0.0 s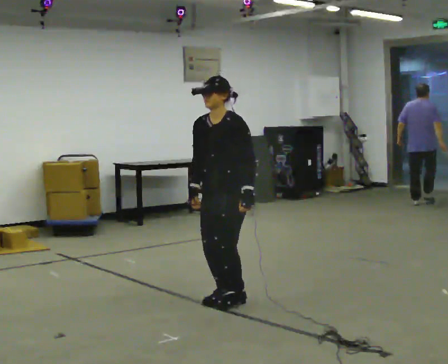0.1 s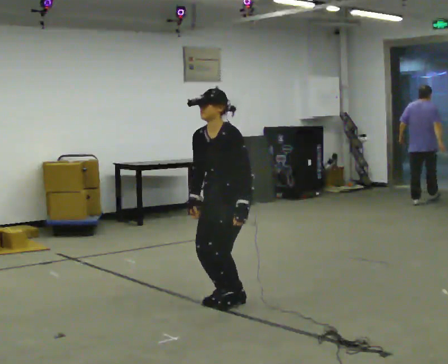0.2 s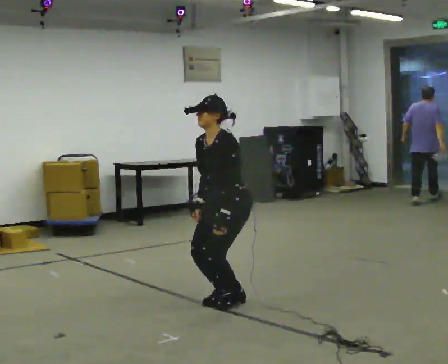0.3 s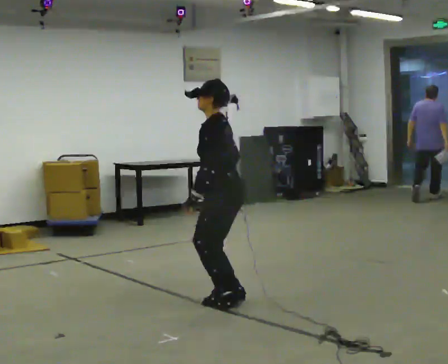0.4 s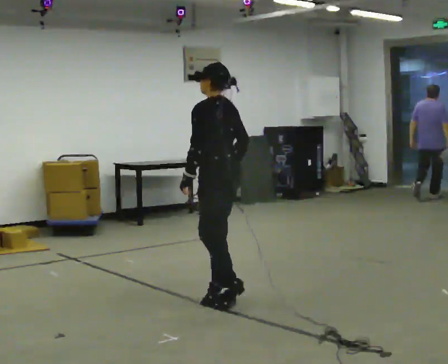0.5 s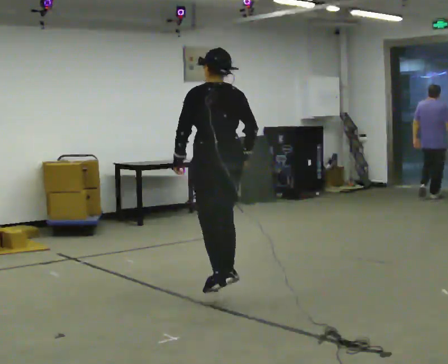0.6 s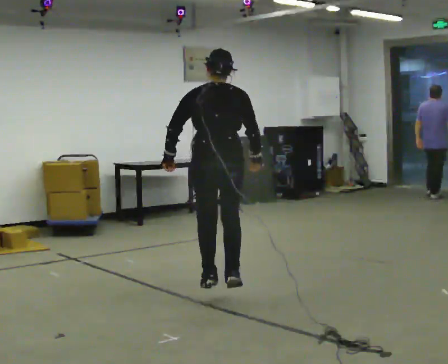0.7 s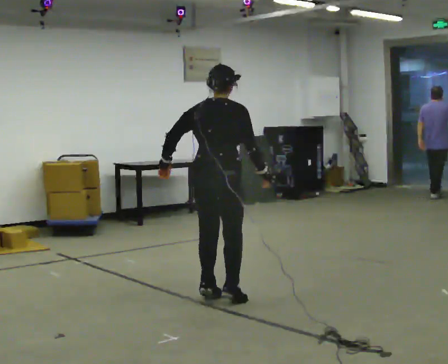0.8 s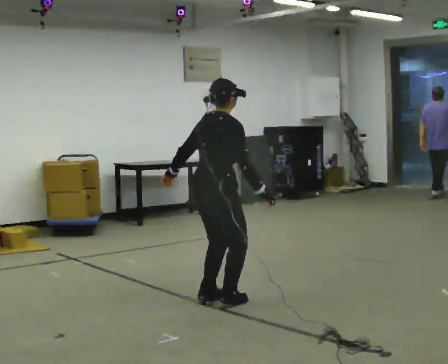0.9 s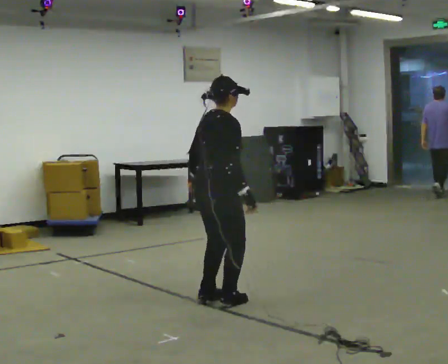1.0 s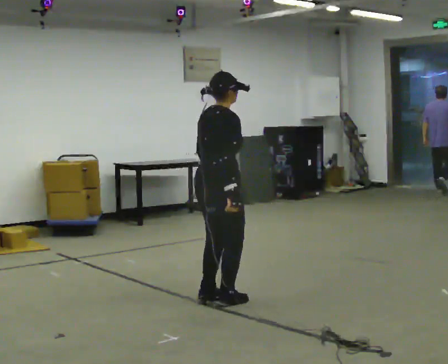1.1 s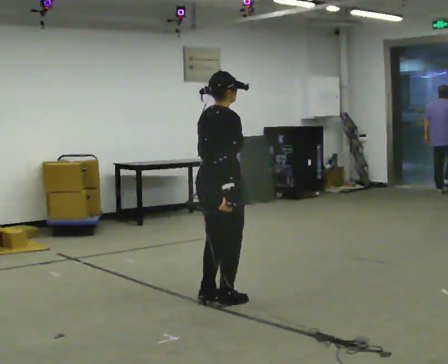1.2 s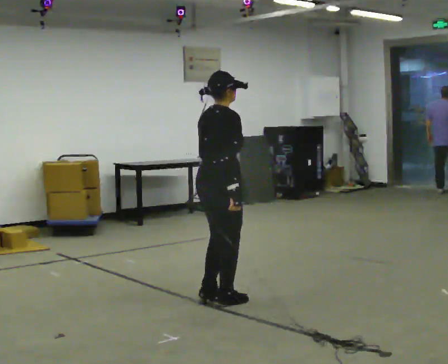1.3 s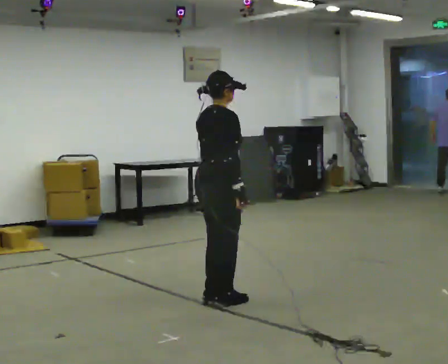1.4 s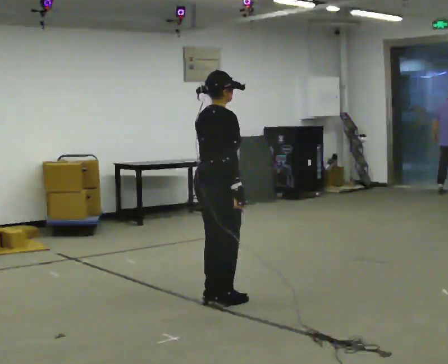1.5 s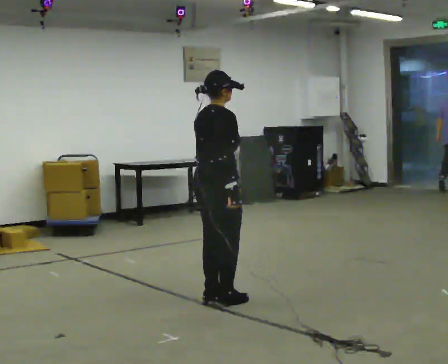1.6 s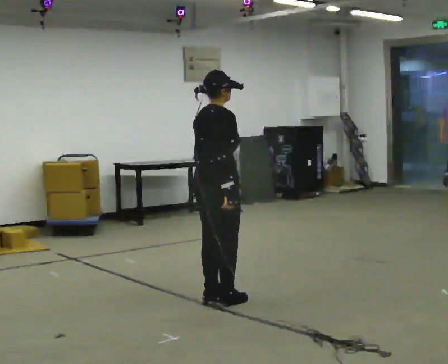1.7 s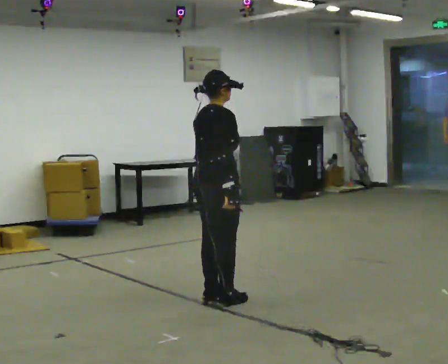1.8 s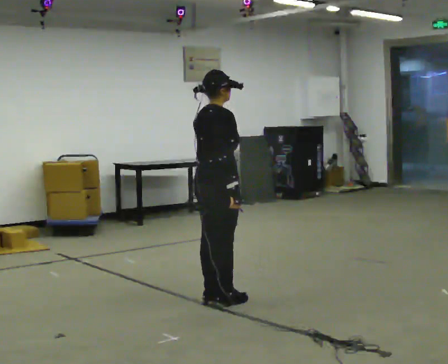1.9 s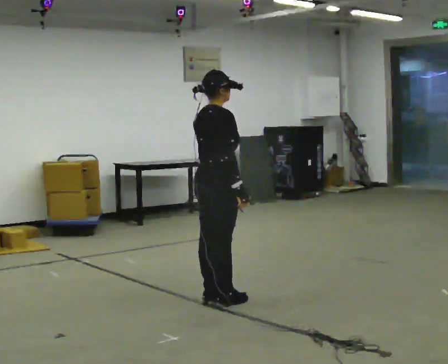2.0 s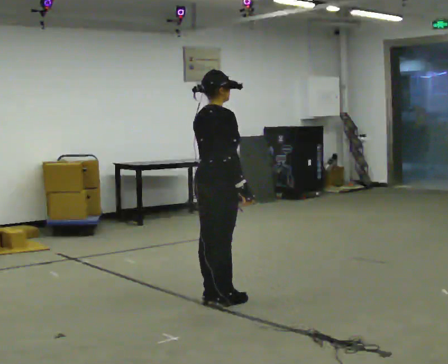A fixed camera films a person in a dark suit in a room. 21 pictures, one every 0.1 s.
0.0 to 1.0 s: Seen from above the body turns clockwise, about 195 degrees: to their right, with its near side sliding to the left.
1.0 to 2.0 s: The person moves a little, or ends about where they began.
The film runs forward here.
